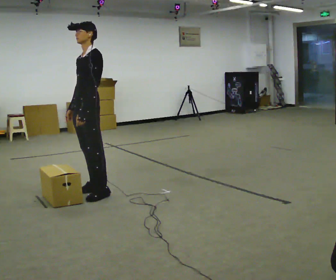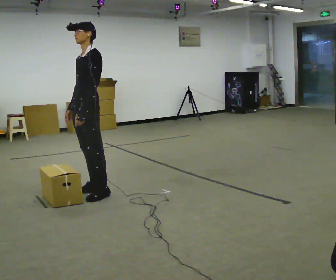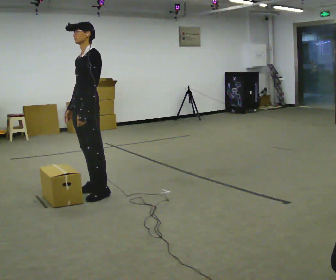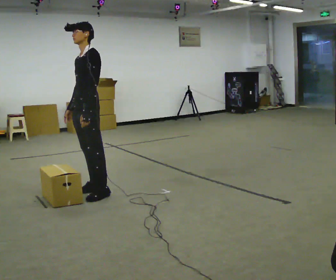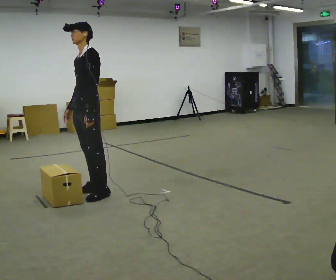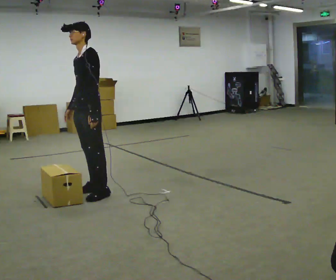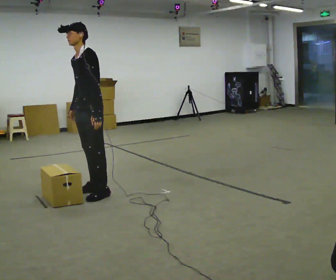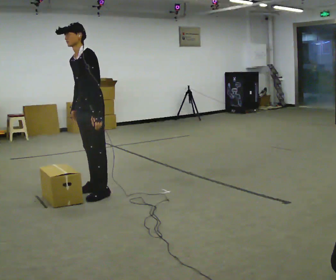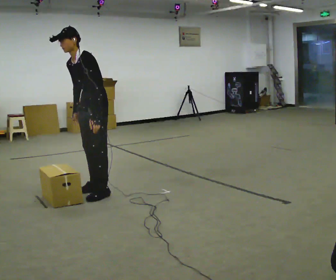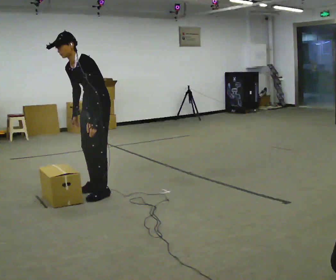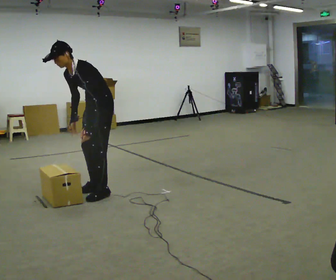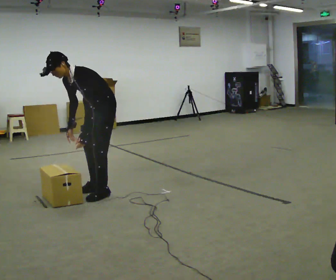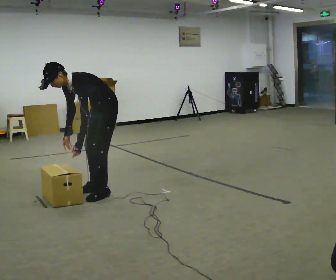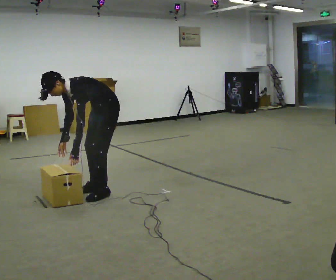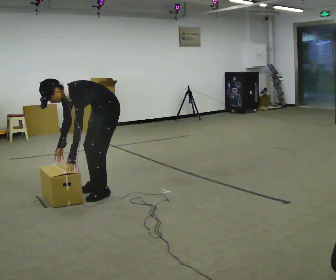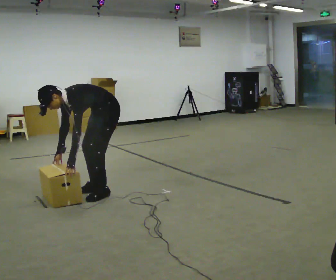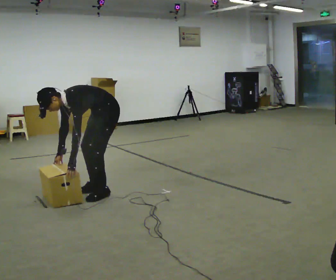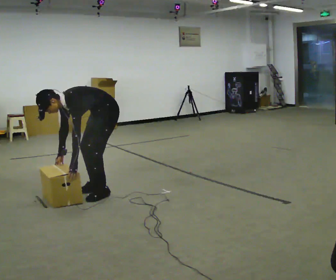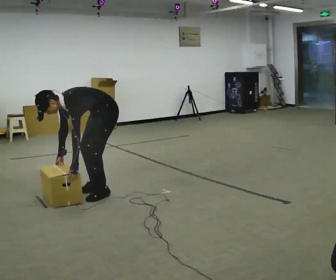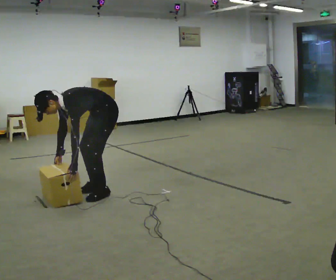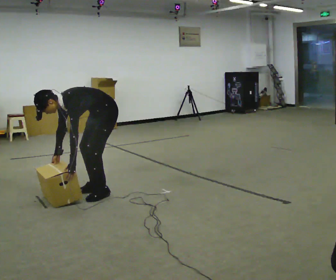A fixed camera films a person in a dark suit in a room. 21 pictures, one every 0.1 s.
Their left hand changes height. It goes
downward.
Their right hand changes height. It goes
downward.
0.0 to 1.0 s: In the picture the upper body tilts counterclockwise, shoulders to the left, as they bend forward.
1.0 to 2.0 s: The upper body goes downward. In the picture the upper body tilts counterclockwise, shoulders to the left, as they bend forward. In the picture their right hand goes downward.
The film runs backward here.
